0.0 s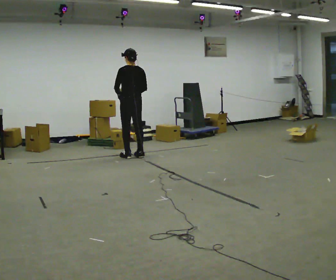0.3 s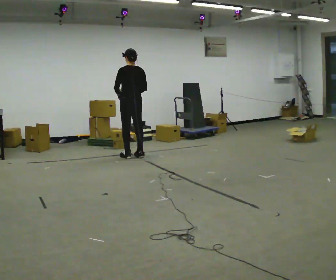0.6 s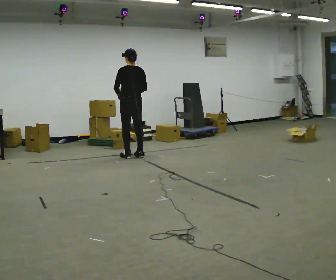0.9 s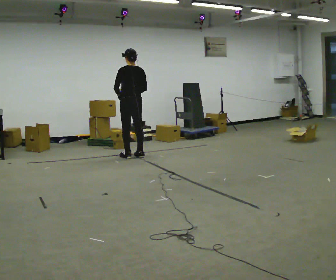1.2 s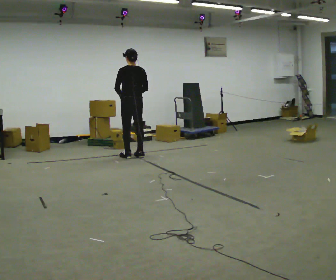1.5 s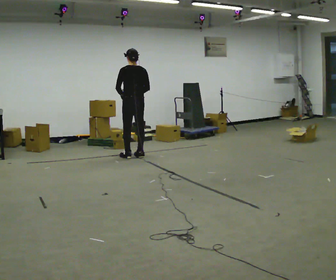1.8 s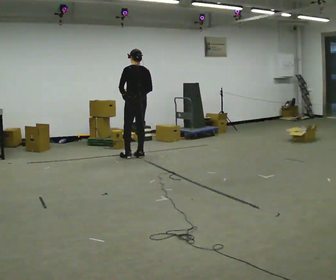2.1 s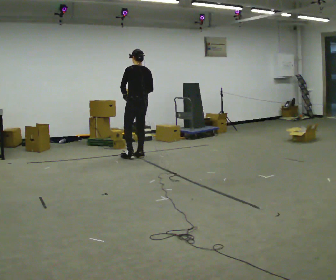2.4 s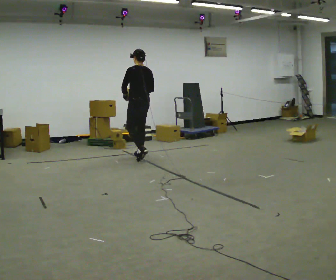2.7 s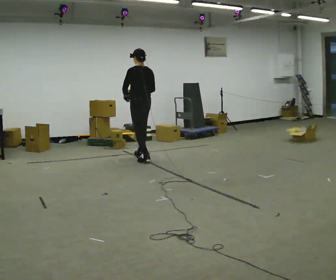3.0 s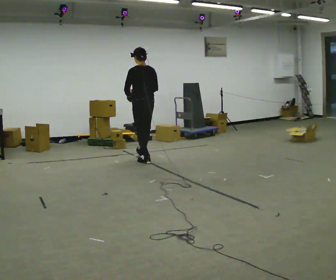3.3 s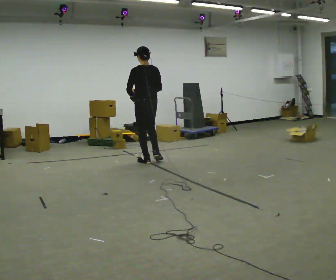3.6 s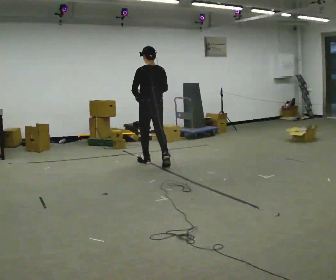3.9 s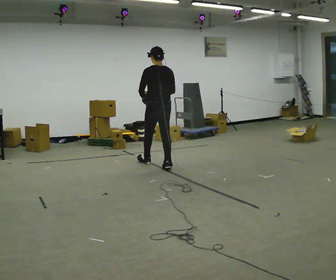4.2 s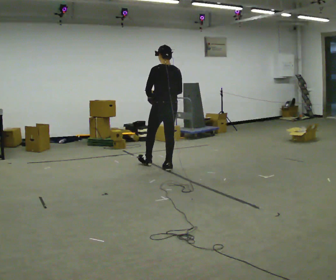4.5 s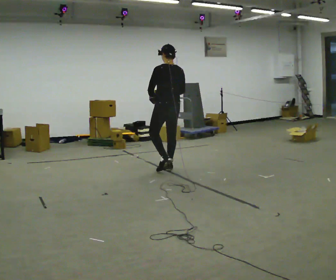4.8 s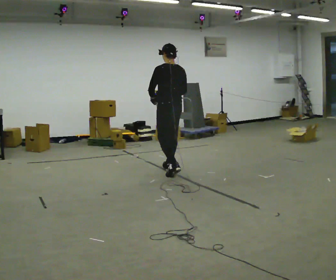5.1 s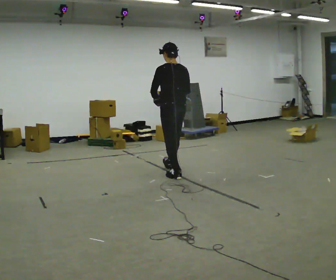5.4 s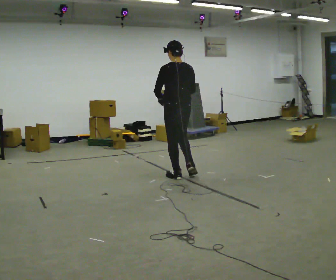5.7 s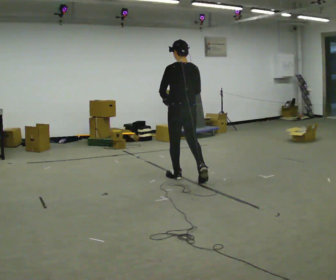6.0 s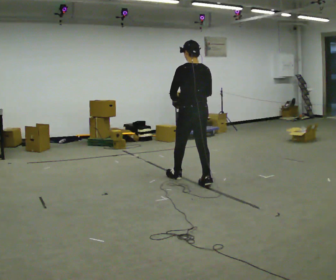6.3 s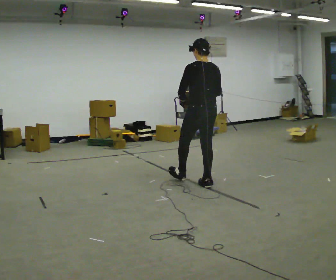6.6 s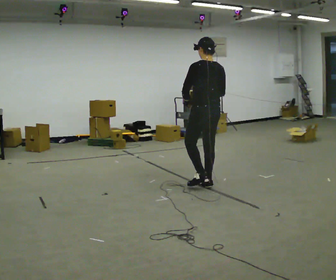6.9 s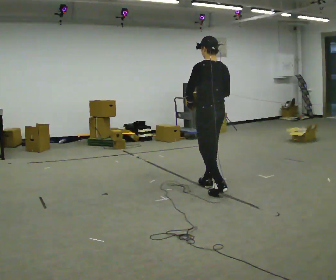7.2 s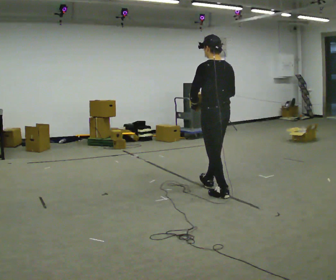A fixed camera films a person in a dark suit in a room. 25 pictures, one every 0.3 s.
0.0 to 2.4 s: The person moves a little, or ends about where they began.
2.4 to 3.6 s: In the picture they go toward the camera and to the right, about 0.5 m in 1 step, which for them is backward.
3.6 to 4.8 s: In the picture they go toward the camera and to the right, about 0.5 m in 1 step, which for them is backward.
4.8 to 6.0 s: In the picture they go toward the camera and to the right, about 0.5 m in 1 step, which for them is backward.
6.0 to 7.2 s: In the picture they go toward the camera and to the right, about 0.5 m in 1 step, which for them is backward.
The film runs backward here.
